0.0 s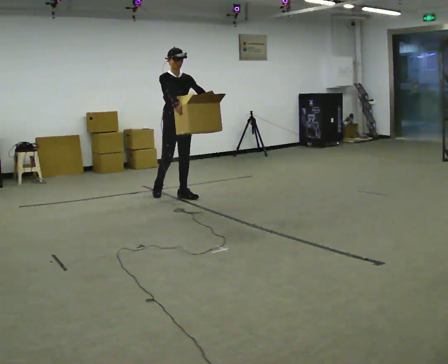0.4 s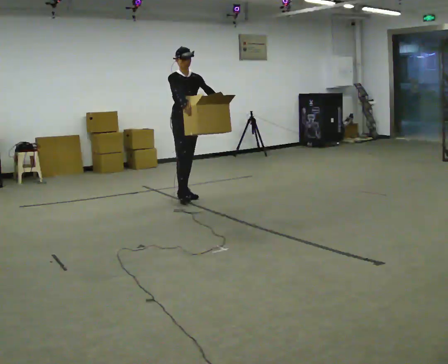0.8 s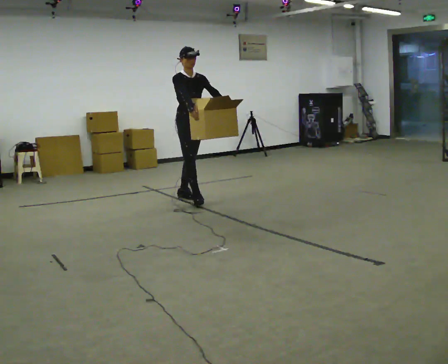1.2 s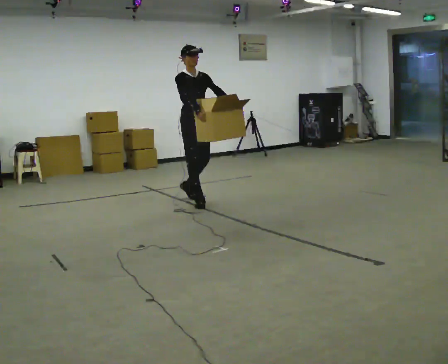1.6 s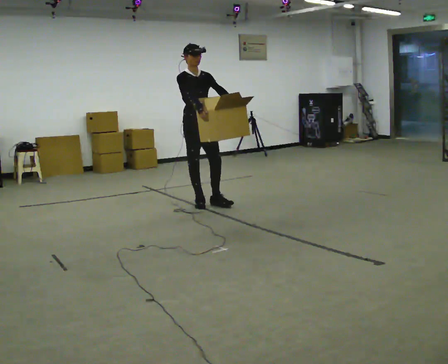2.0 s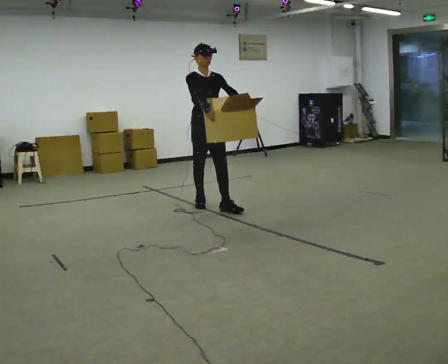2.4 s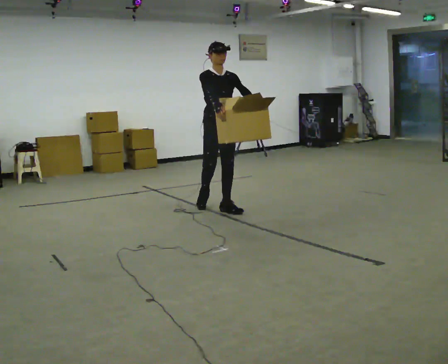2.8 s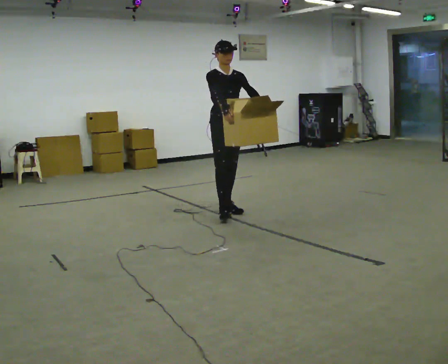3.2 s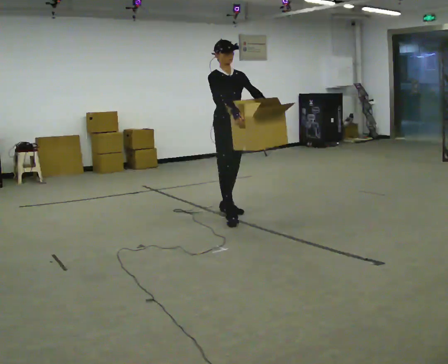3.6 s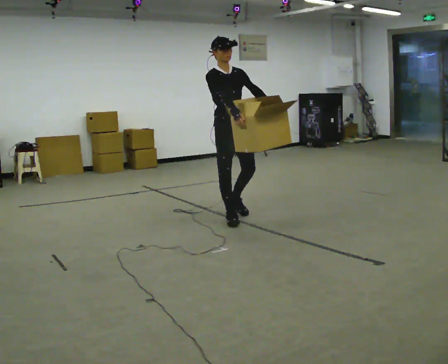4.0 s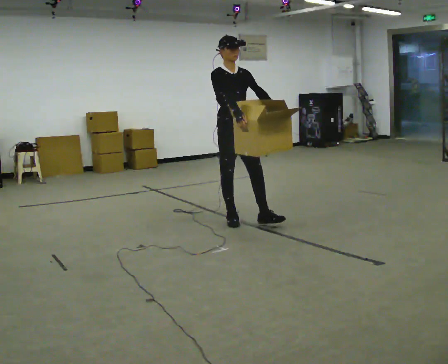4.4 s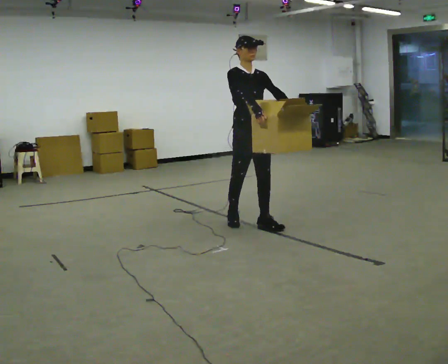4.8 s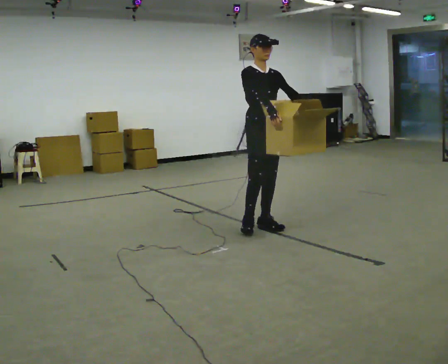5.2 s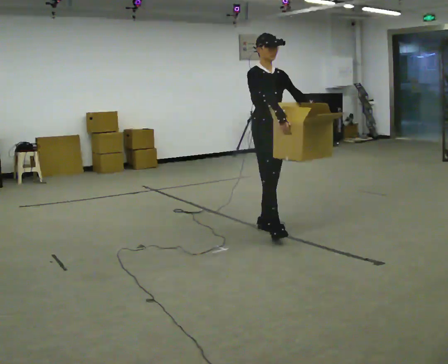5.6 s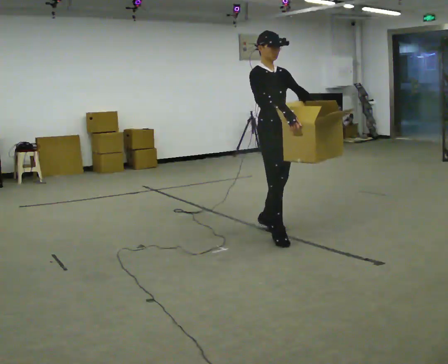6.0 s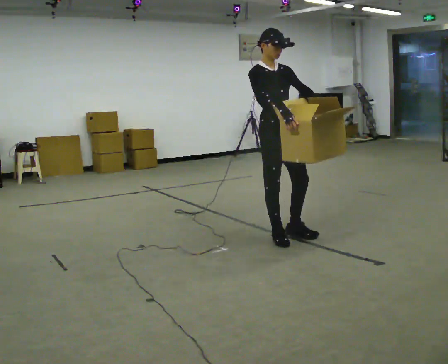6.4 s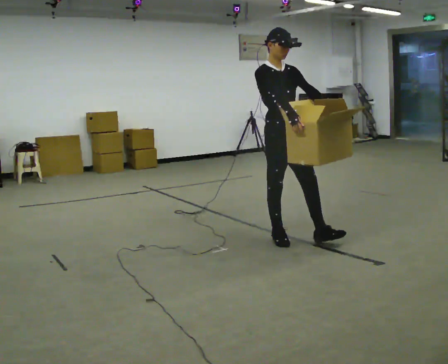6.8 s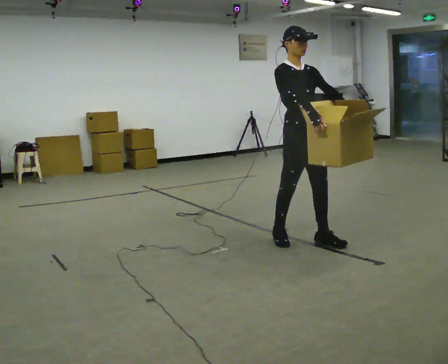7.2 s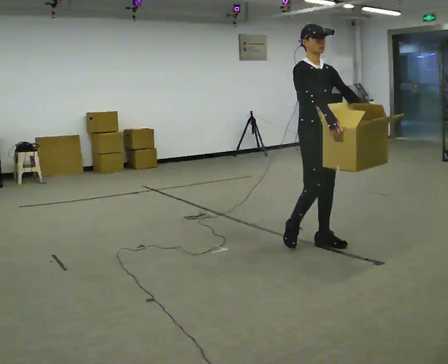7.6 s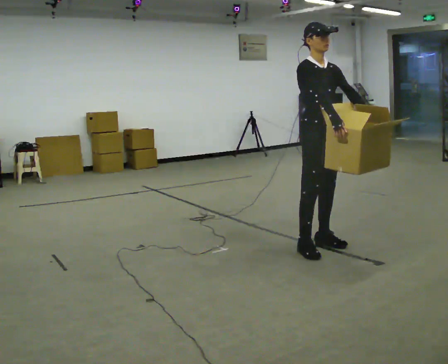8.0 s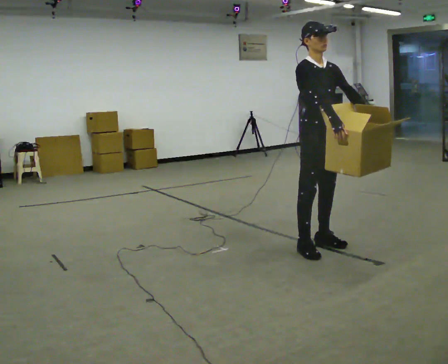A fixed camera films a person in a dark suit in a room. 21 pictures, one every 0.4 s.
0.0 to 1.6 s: In the picture they go toward the camera and to the right, about 0.5 m in 1 step, which for them is forward.
1.6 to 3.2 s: In the picture they go toward the camera and to the right, about 0.5 m in 2 steps, which for them is forward.
3.2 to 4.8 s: In the picture they go toward the camera and to the right, about 0.5 m in 1 step, which for them is forward.
4.8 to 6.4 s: In the picture they go toward the camera, about 0.5 m in 2 steps, which for them is forward and to their right.
6.4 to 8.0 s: In the picture they go to the right and toward the camera, about 0.25 m in 1 step, which for them is forward.
The film runs forward here.
